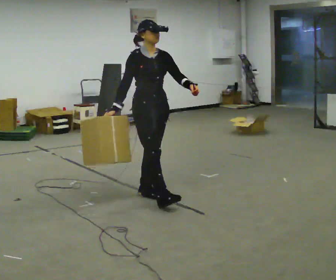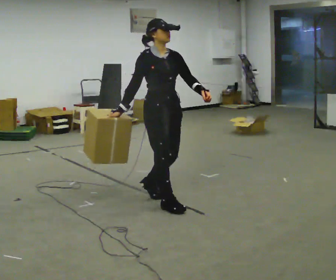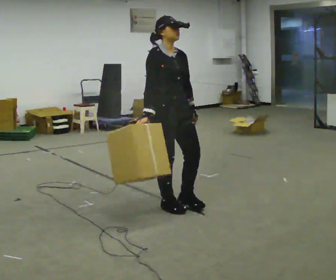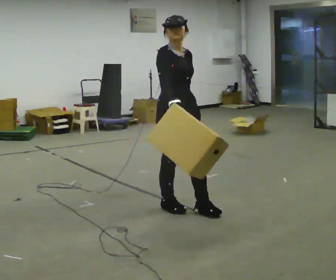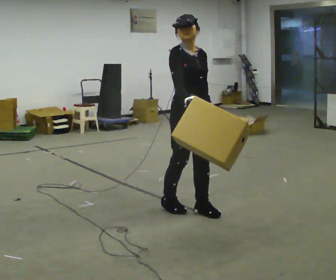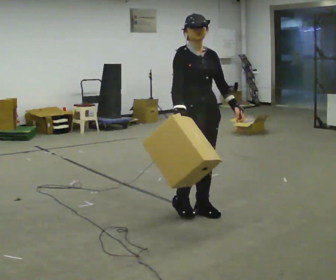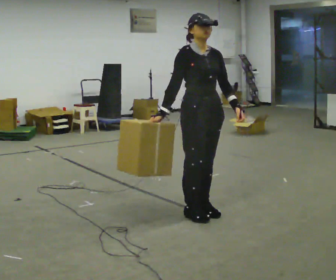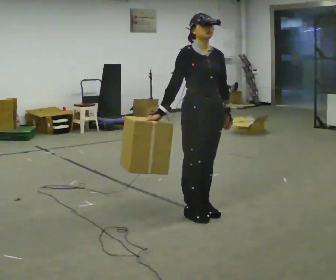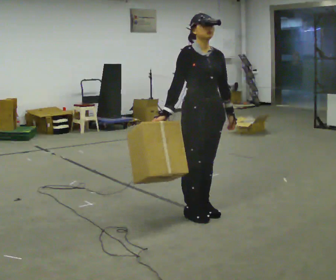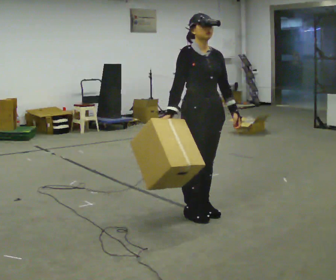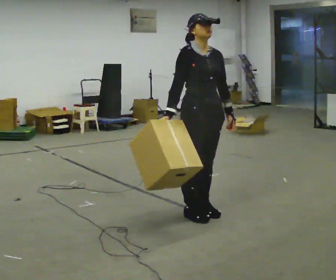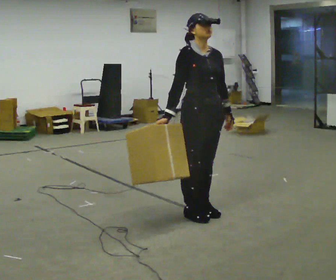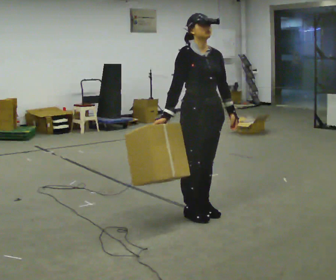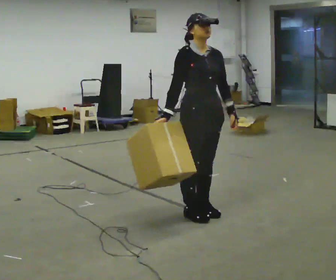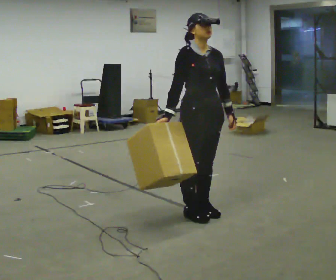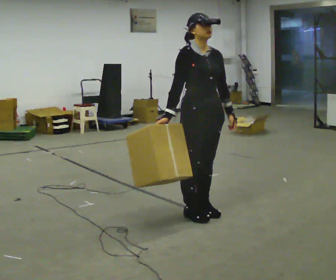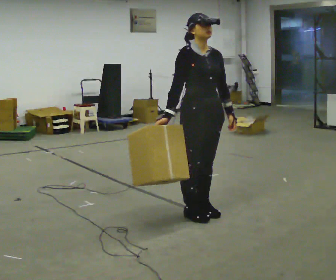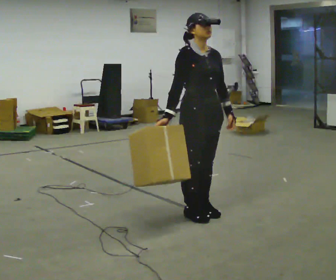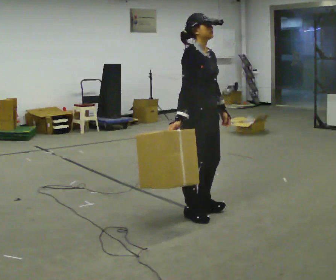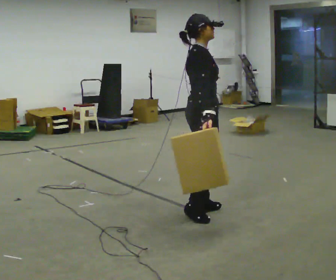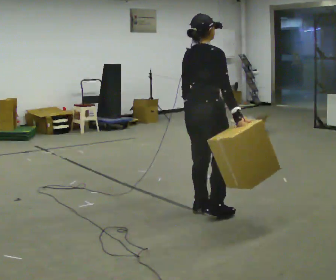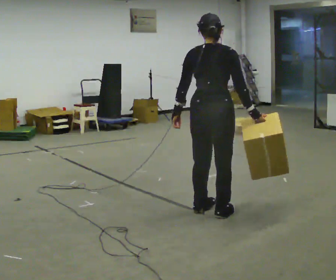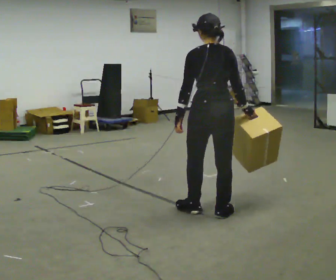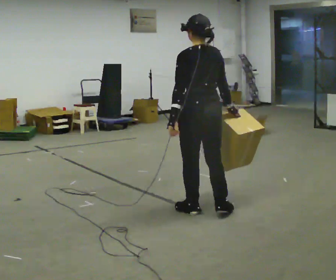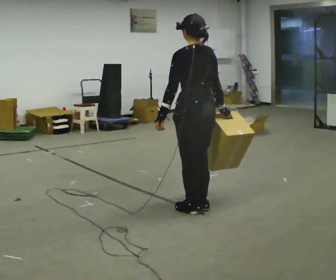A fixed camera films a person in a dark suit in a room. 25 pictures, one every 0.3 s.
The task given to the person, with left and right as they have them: Carry the box across the room while freely looking around at the walls, ceiling and floor. Keep going until the operator says stop; one object at a time, and do not rush between trips.
0.0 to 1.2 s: In the picture they go to the right and toward the camera, about 0.5 m in 2 steps, which for them is forward.
1.2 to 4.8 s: The person moves a little, or ends about where they began.
4.8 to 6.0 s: The person turns about 105 degrees to their left, counterclockwise seen from above, so the part of the body nearest the lens slides to the right. In the picture their right hand goes to the right, the arm swinging counterclockwise.
6.0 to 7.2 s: The part of the body nearest the lens slides to the right as the person turns to their left by about 90 degrees.
The film runs forward here.
